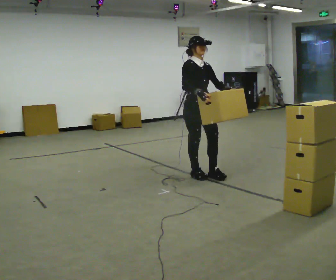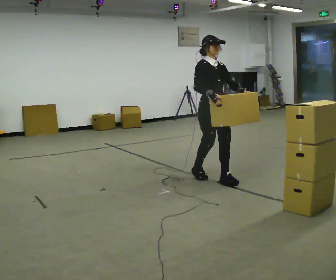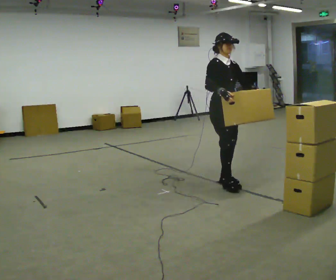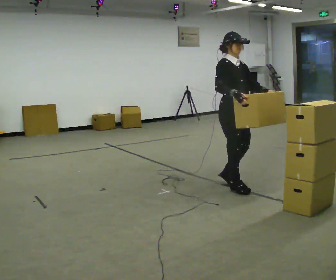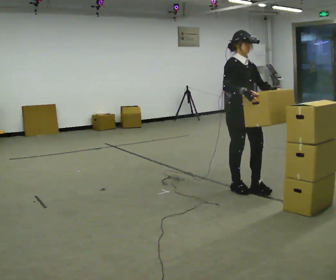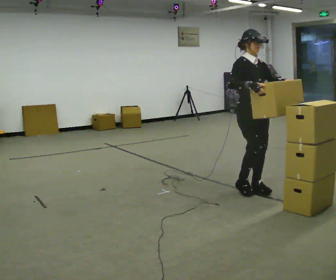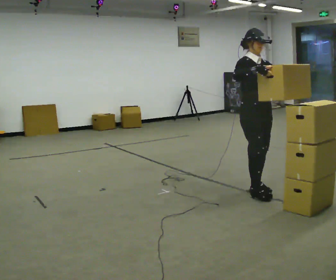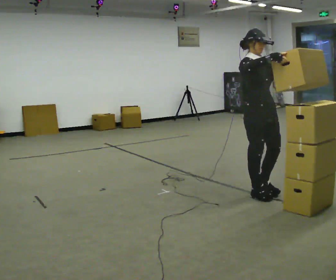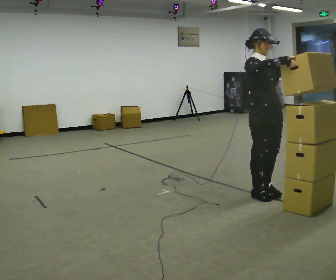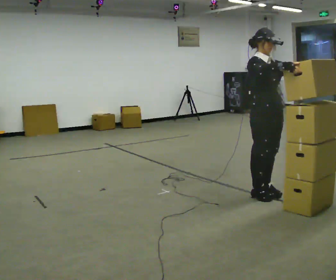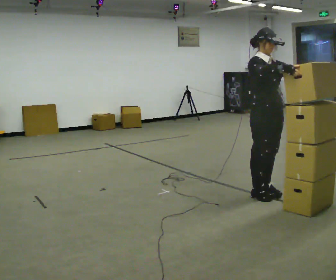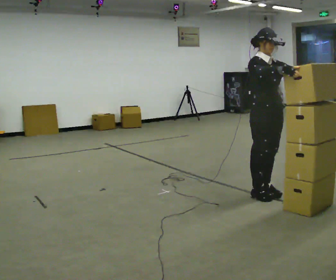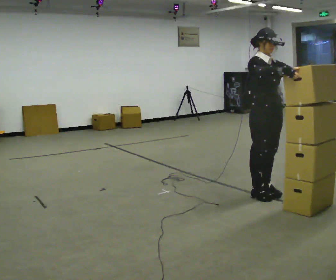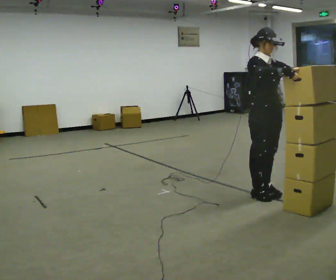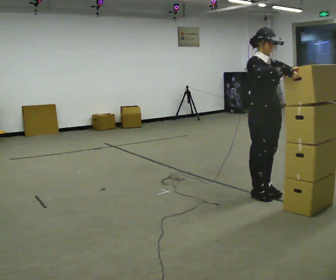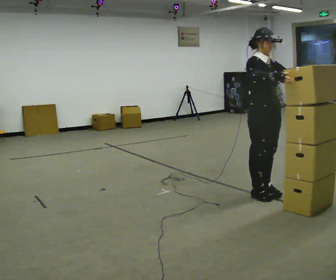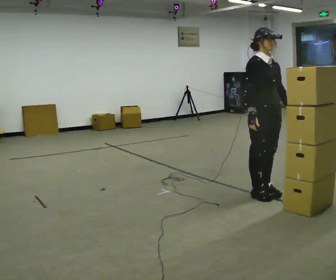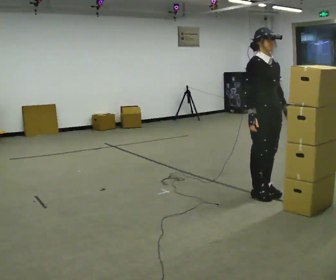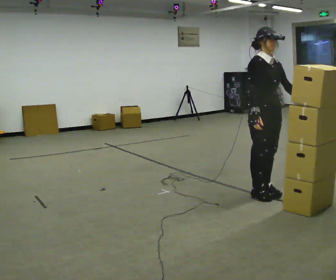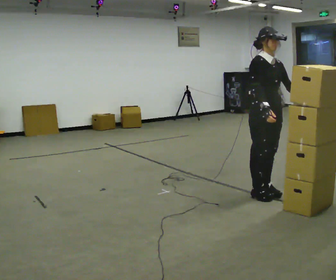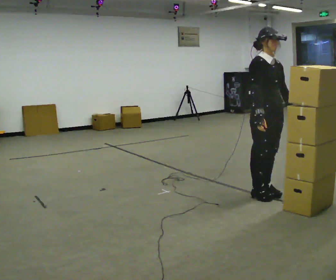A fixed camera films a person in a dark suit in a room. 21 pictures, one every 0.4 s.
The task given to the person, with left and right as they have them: Carry the stack of boxes across the room without letting it fall over, then bring it back. Keep going until the operator says stop; one object at a time, and do not rush between trips.
0.0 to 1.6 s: In the picture they go to the right and toward the camera, about 0.75 m in 3 steps, which for them is forward.
1.6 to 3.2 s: In the picture they go to the right and toward the camera, about 0.25 m in 1 step, which for them is forward.
3.2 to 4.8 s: The person moves a little, or ends about where they began.
4.8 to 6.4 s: In the picture their left hand goes downward, the arm swinging clockwise.
6.4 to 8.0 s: The person moves a little, or ends about where they began.
The film runs forward here.
